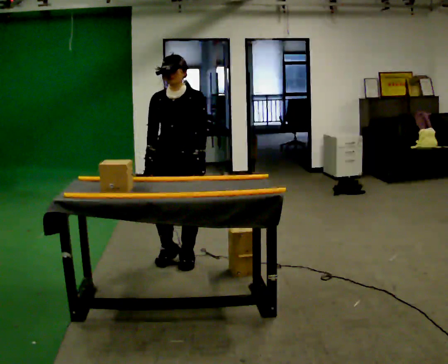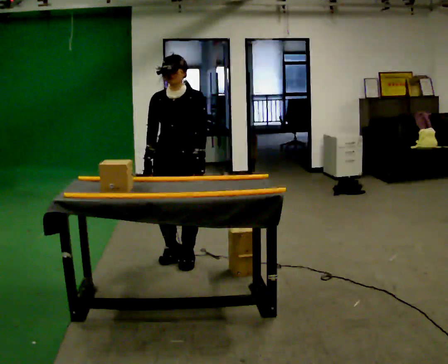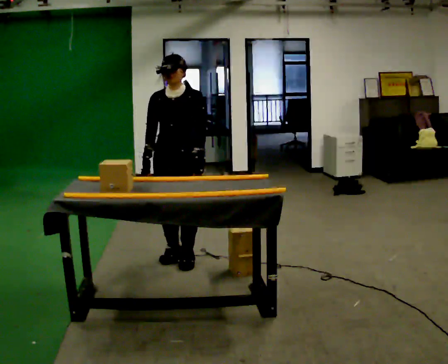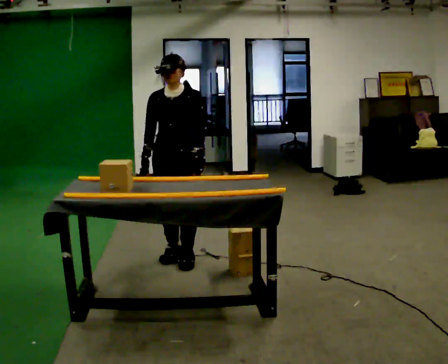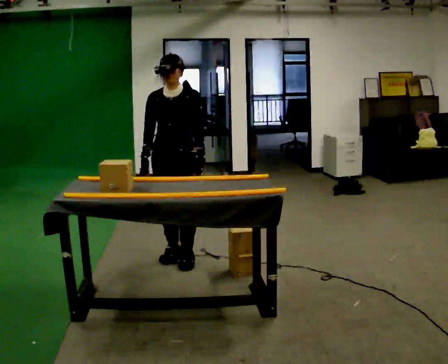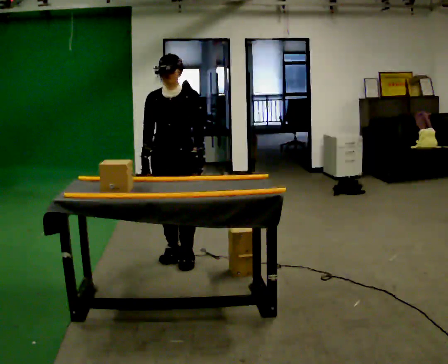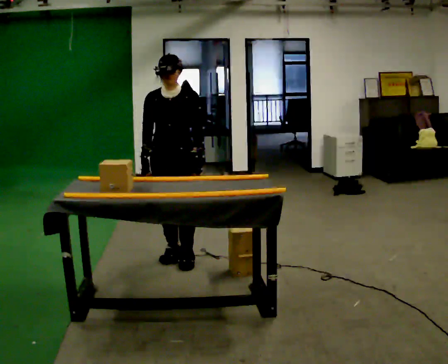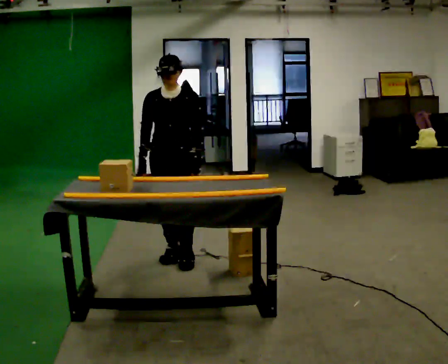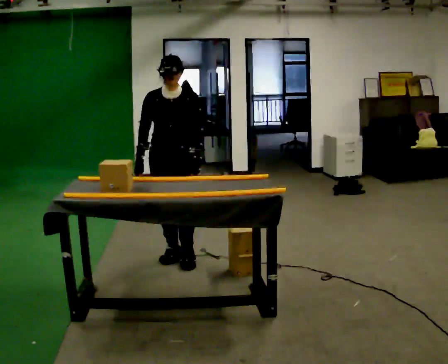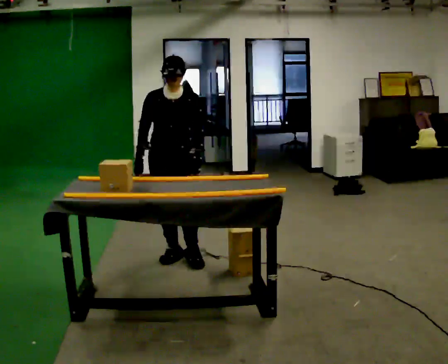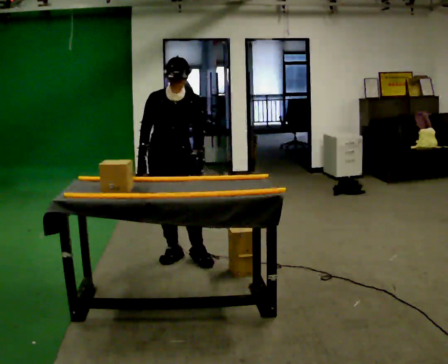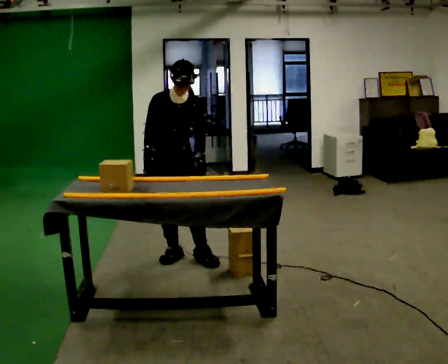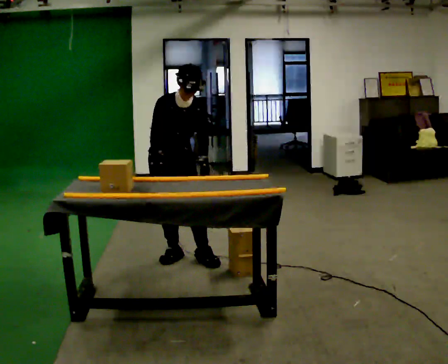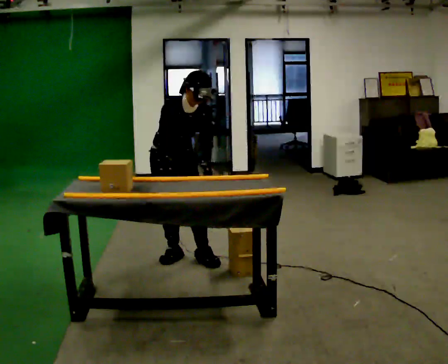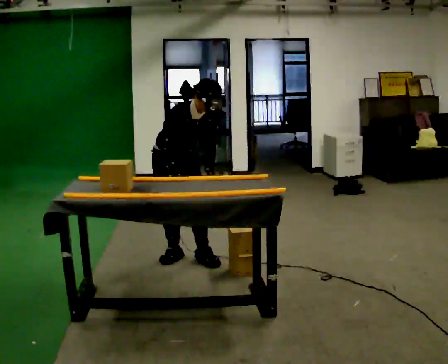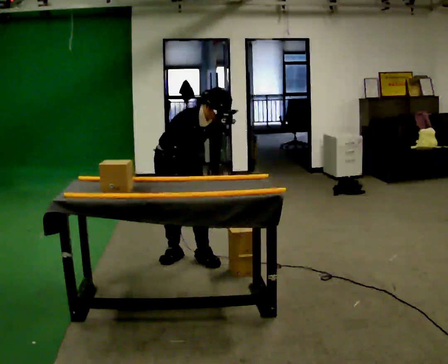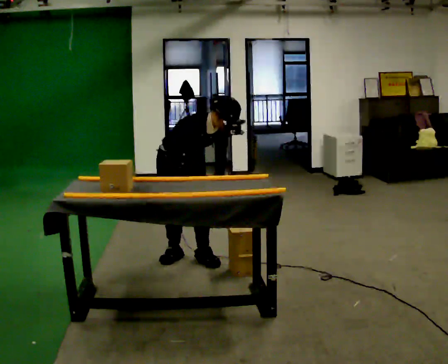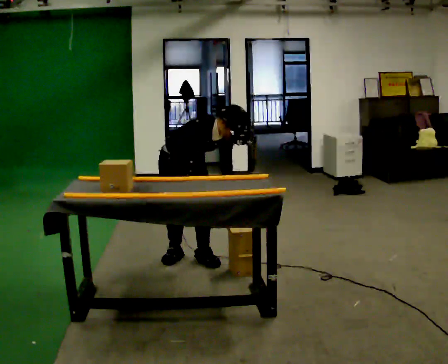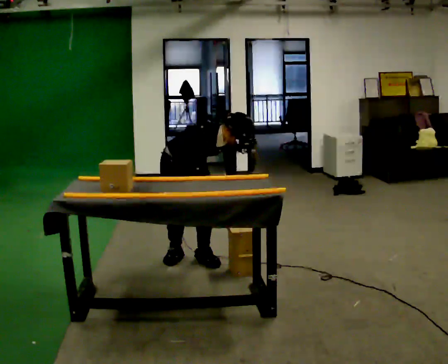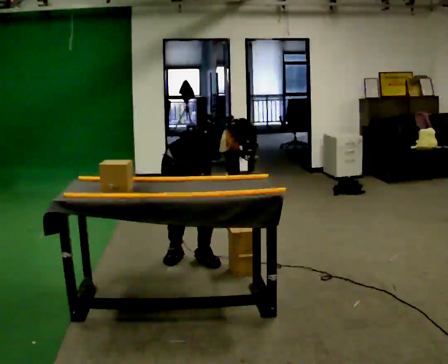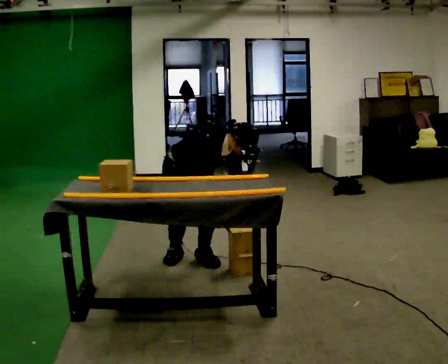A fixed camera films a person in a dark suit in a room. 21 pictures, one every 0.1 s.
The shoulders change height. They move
downward.
0.0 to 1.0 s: Seen from above the body turns counterclockwise, about 30 degrees: to their left, with its near side sliding to the right.
1.0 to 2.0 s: The person turns about 30 degrees to their left, counterclockwise seen from above, so the part of the body nearest the lens slides to the right. The shoulders move downward. In the picture the upper body tilts clockwise, shoulders to the right, as they bend forward. In the picture their right hand goes to the right and downward.
The film runs backward here.
